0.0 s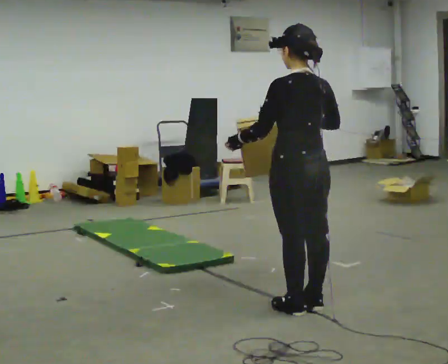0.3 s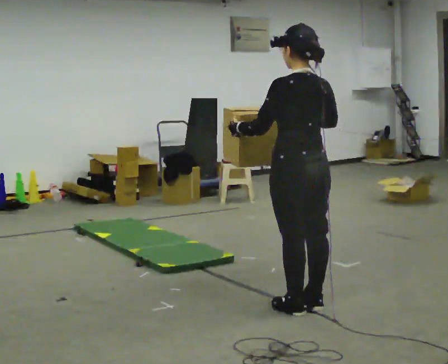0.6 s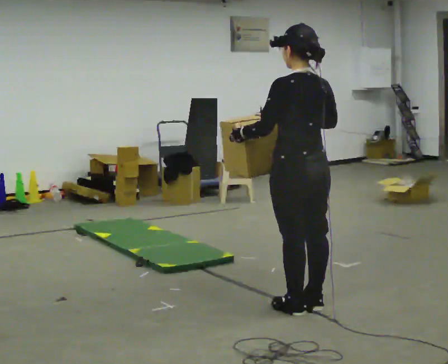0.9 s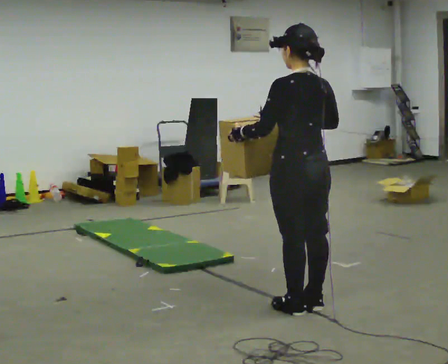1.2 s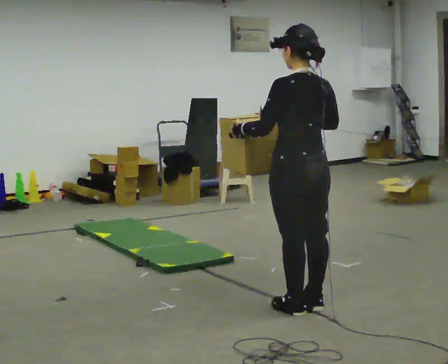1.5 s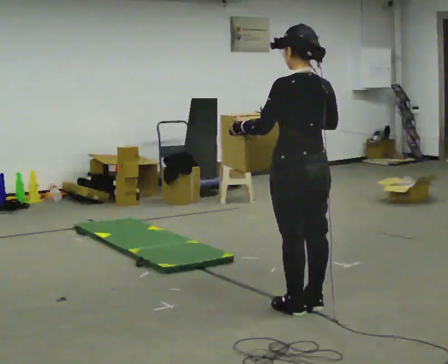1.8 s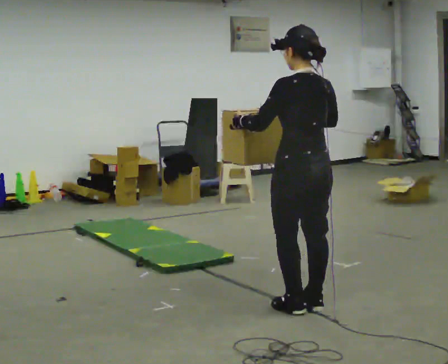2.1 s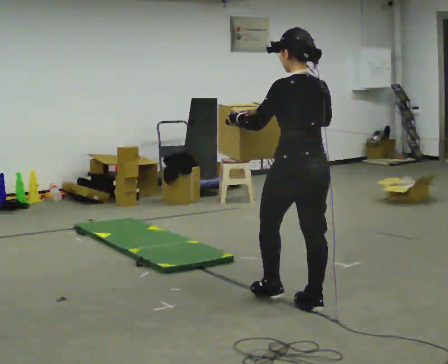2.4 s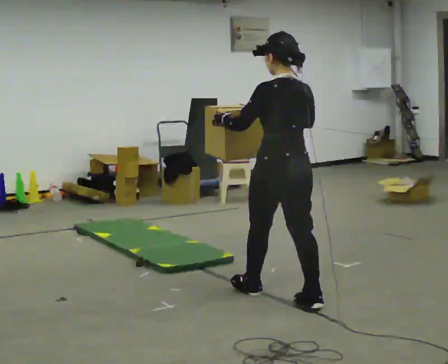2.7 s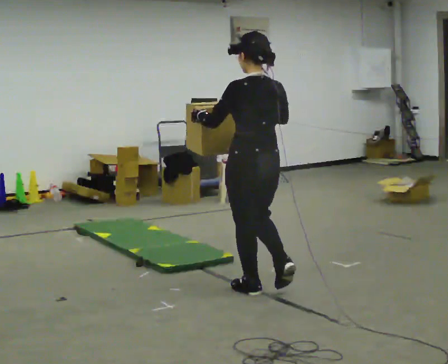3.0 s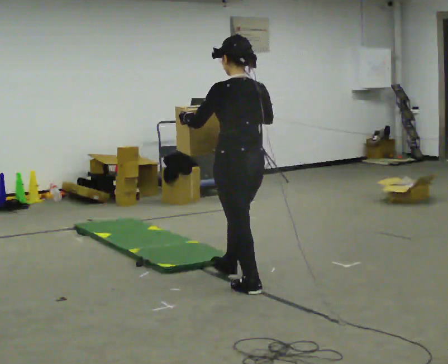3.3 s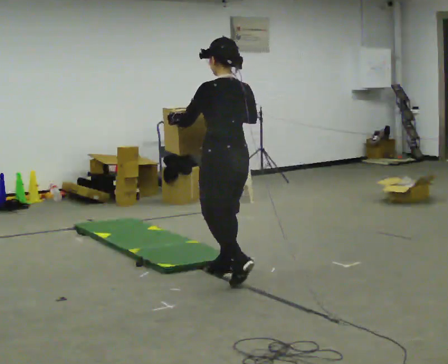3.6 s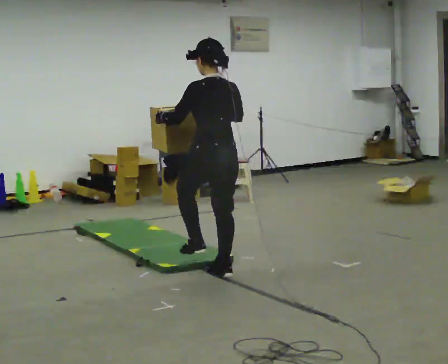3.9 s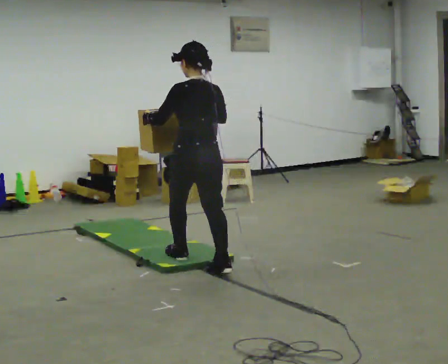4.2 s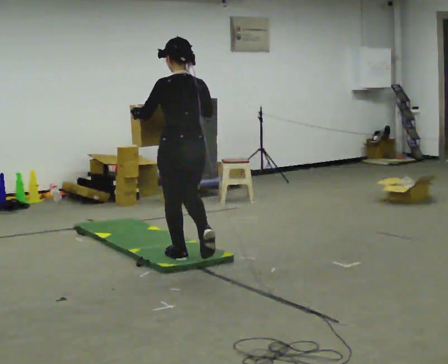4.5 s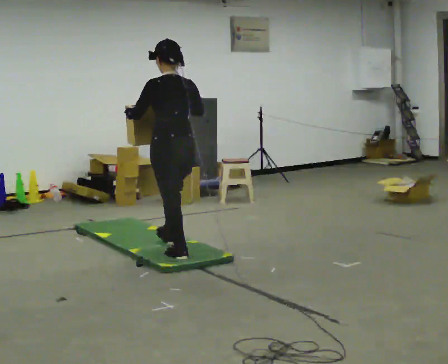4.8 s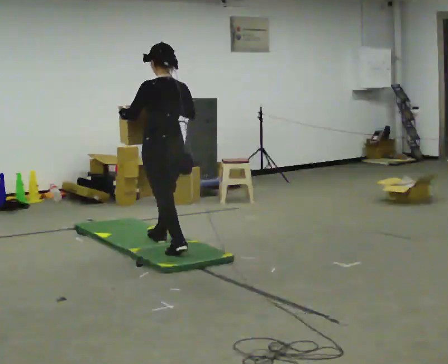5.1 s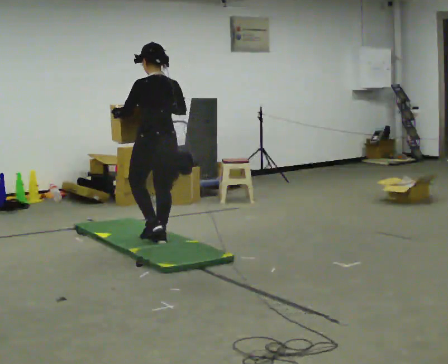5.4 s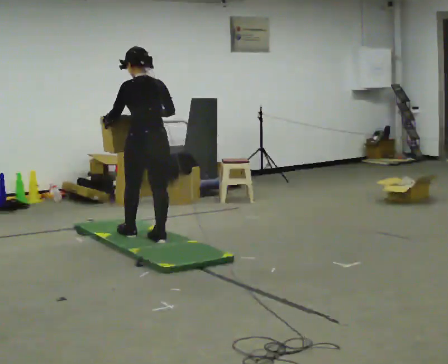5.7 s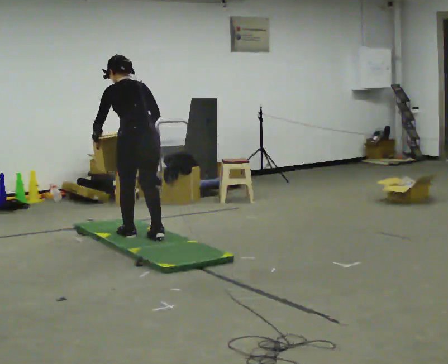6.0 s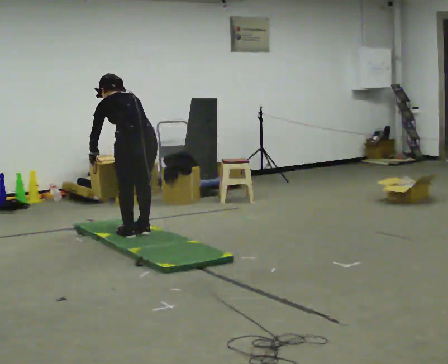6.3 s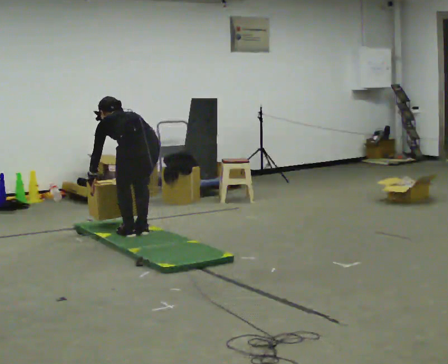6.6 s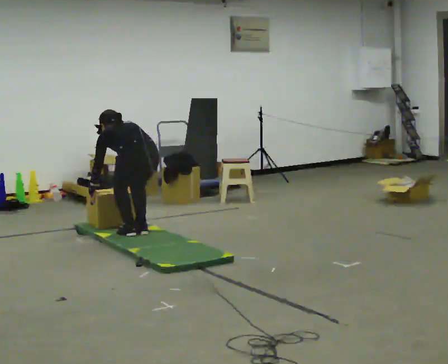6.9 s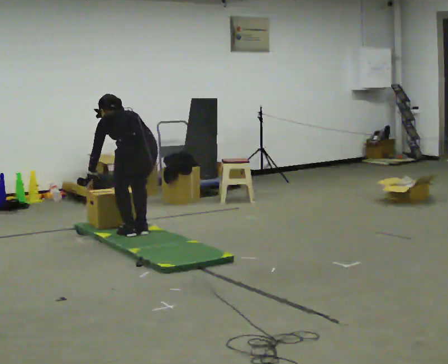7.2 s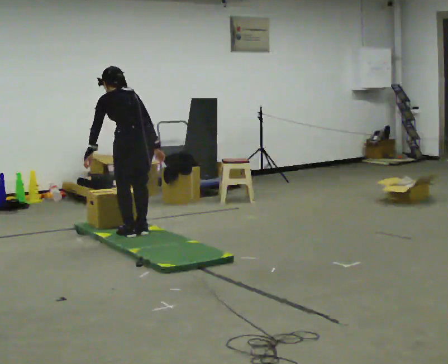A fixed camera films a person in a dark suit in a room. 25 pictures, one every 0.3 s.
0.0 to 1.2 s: The person moves a little, or ends about where they began.
1.2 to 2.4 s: In the picture they go away from the camera, about 0.25 m in 1 step, which for them is forward.
2.4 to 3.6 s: In the picture they go away from the camera and to the left, about 1 m in 1 step, which for them is forward.
3.6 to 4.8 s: In the picture they go away from the camera and to the left, about 0.5 m in 2 steps, which for them is forward.
4.8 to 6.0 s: In the picture they go away from the camera and to the left, about 0.5 m in 1 step, which for them is forward. The upper body tips away from the camera, its near side rolling upward, as they bend forward. In the picture their left hand goes downward.
6.0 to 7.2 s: The person moves a little, or ends about where they began.
The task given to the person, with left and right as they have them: Carry the box across the soft uneven mat, set it down on the far side, then bring it back. Keep going until the operator says stop; one object at a time, and do not rush between trips.
The film runs forward here.
